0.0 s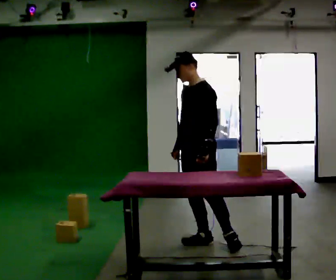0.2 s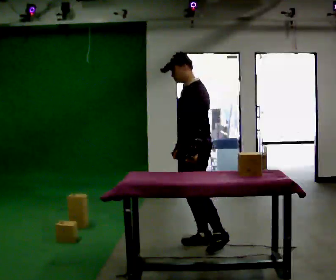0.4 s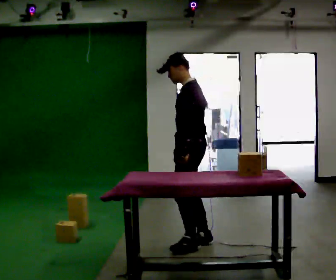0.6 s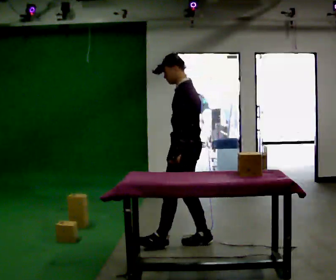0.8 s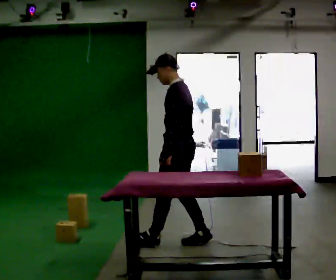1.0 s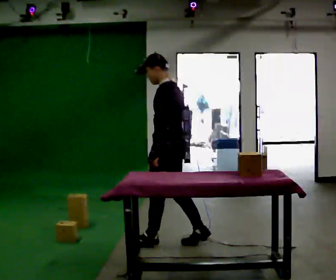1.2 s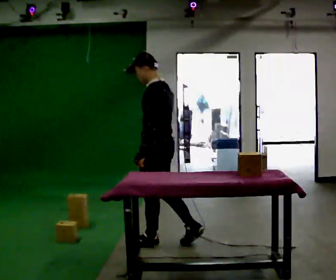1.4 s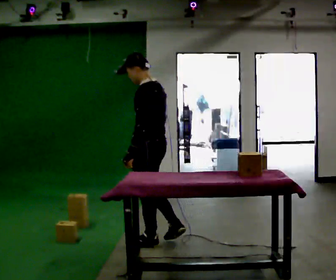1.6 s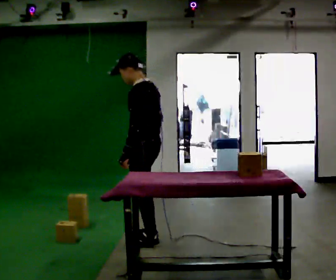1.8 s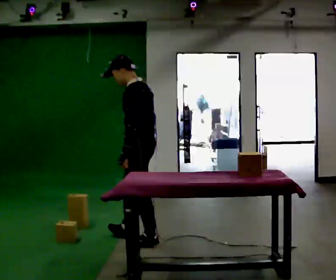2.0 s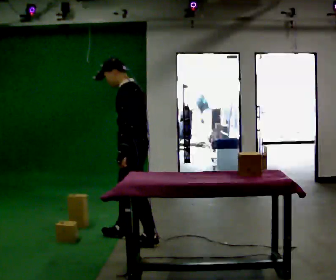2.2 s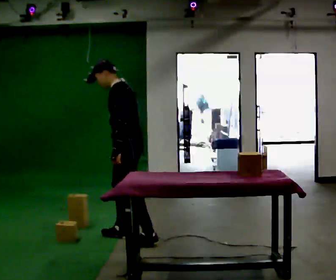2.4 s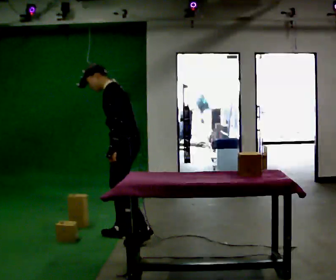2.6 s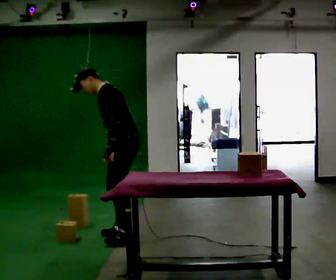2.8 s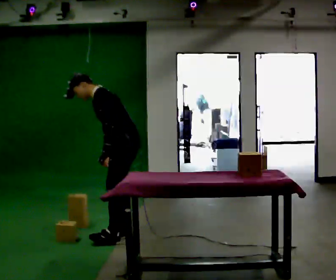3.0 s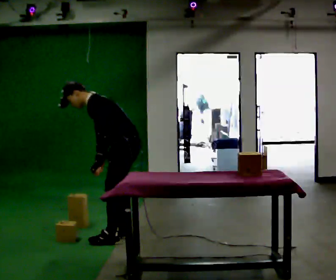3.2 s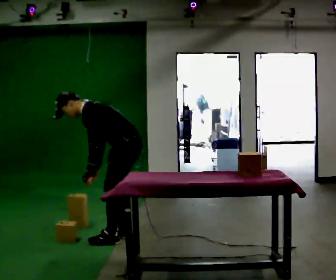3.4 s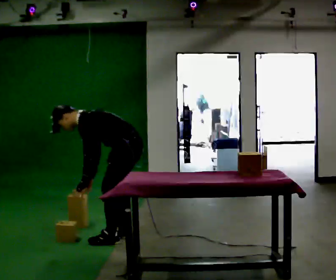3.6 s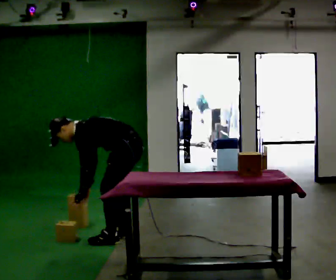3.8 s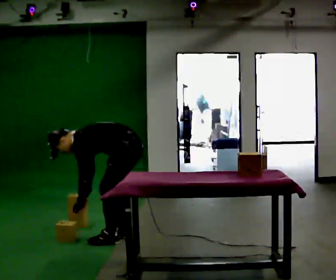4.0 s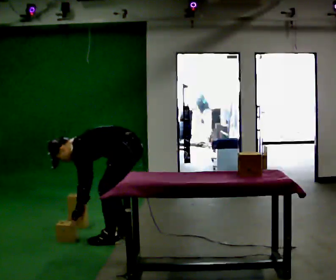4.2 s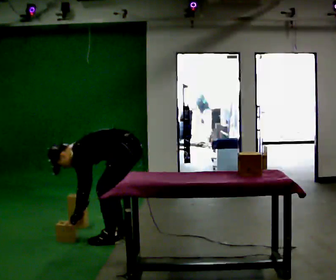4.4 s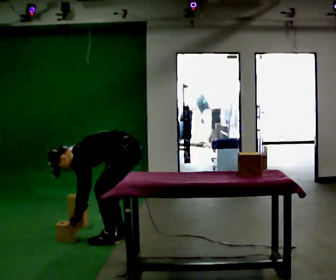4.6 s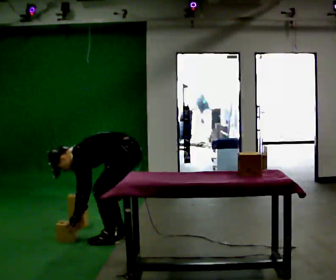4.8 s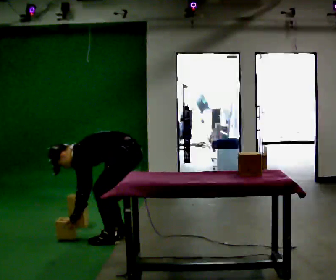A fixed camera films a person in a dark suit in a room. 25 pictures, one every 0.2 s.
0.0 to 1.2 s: Seen from above the body turns clockwise, about 45 degrees: to their right, with its near side sliding to the left. In the picture they go to the left, about 0.25 m in 1 step, which for them is forward.
1.2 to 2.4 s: In the picture they go to the left and away from the camera, about 0.25 m in 1 step, which for them is forward. In the picture the upper body tilts counterclockwise, shoulders to the left, as they bend forward.
2.4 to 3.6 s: The upper body goes downward. In the picture the upper body tilts counterclockwise, shoulders to the left, as they bend forward. In the picture their left hand goes downward.
3.6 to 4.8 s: The upper body goes downward.
The film runs forward here.
